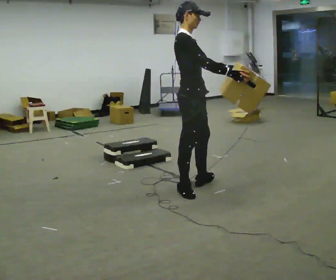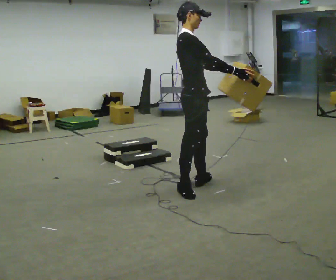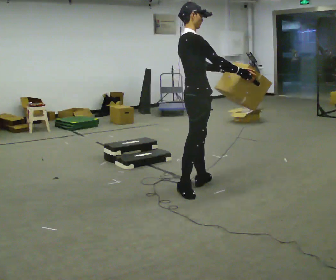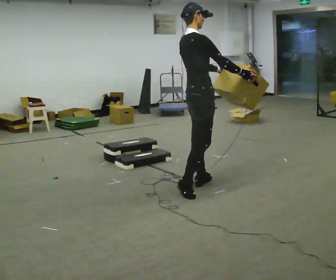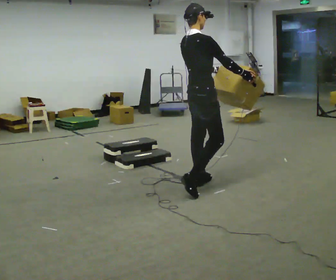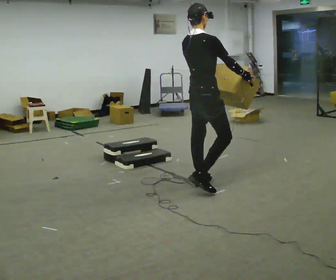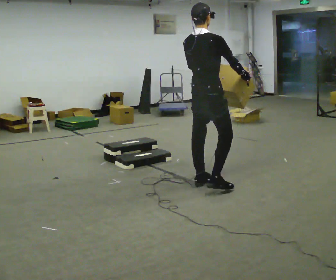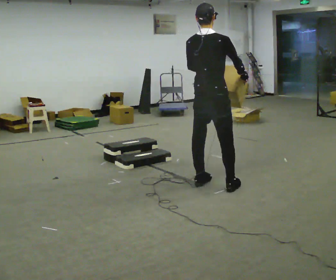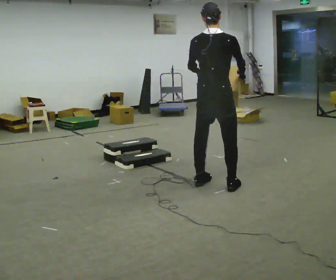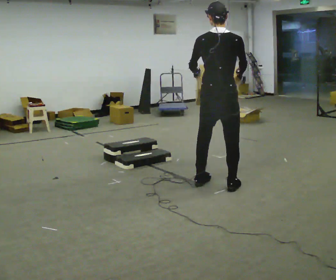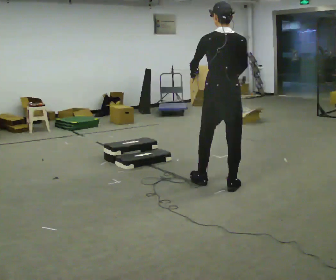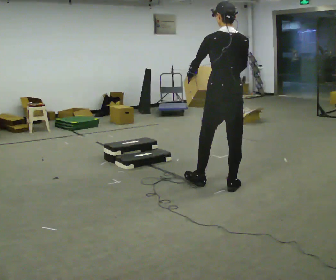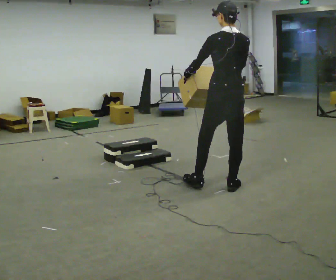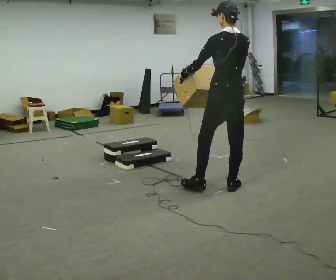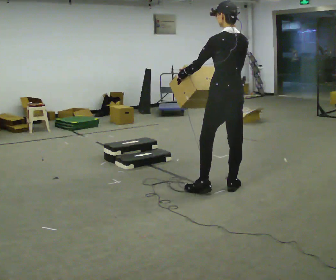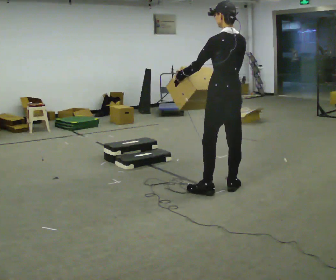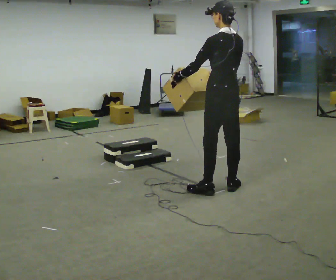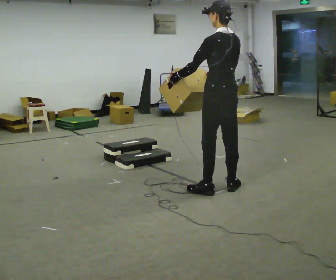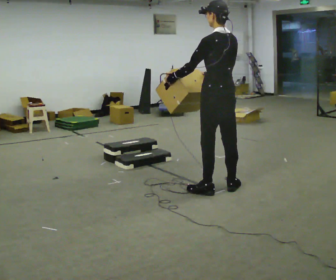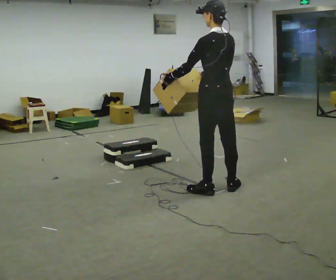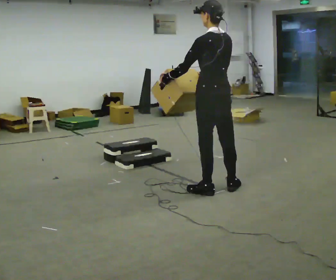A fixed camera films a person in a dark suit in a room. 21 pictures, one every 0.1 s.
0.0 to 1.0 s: Seen from above the body turns counterclockwise, about 105 degrees: to their left, with its near side sliding to the right. In the picture they go to the right, about 0.25 m in 1 step.
1.0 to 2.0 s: The person turns about 30 degrees to their left, counterclockwise seen from above, so the part of the body nearest the lens slides to the right.
The film runs forward here.
